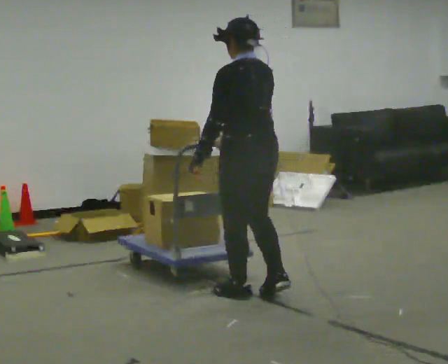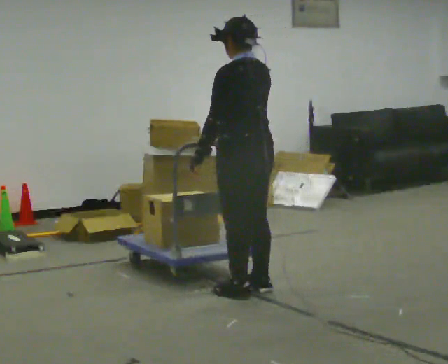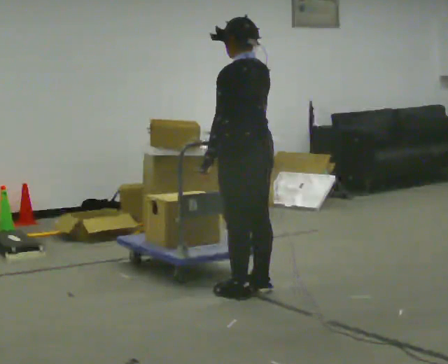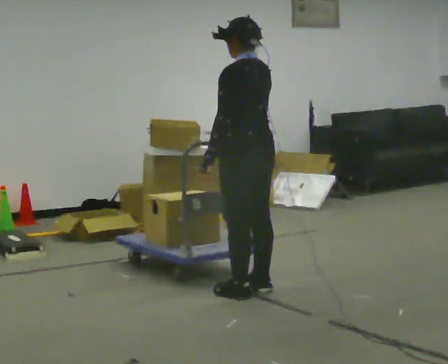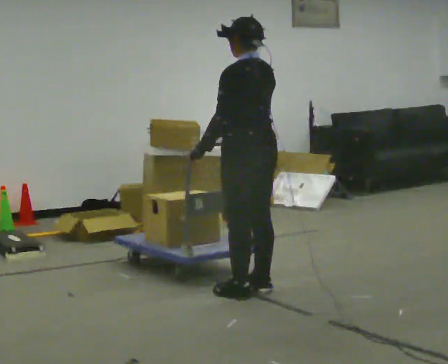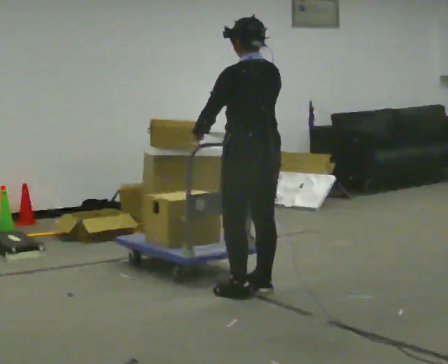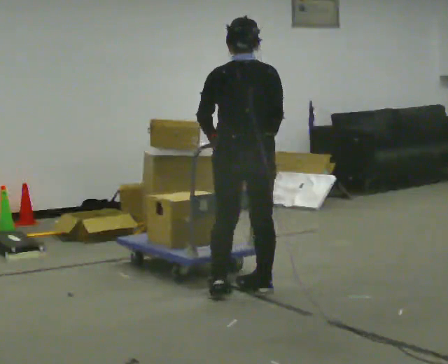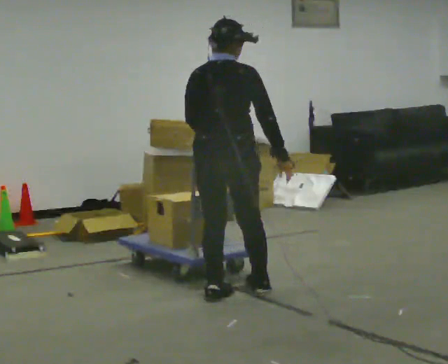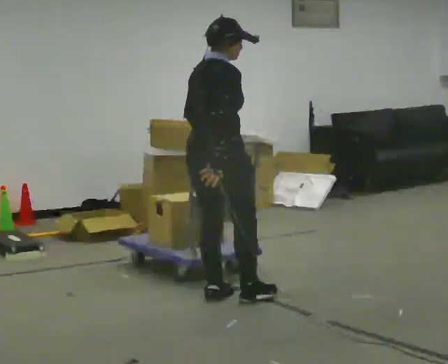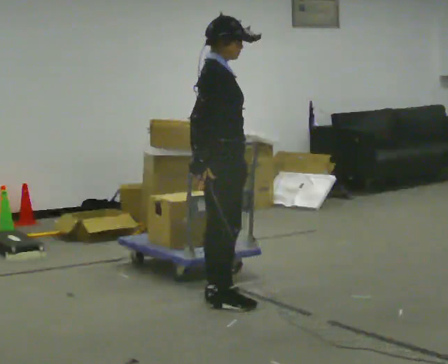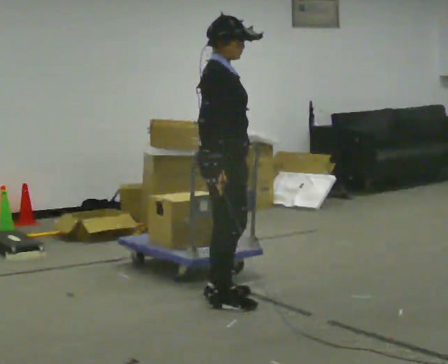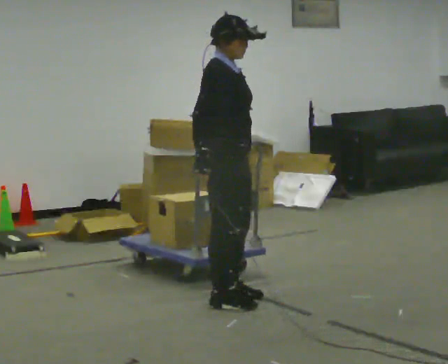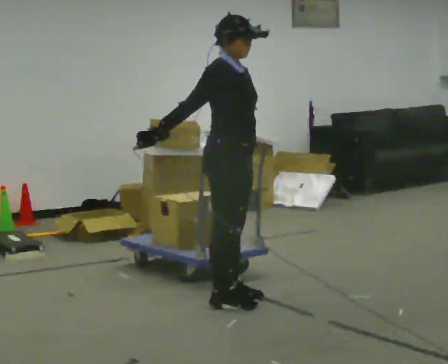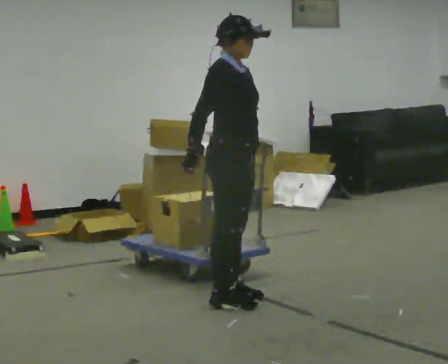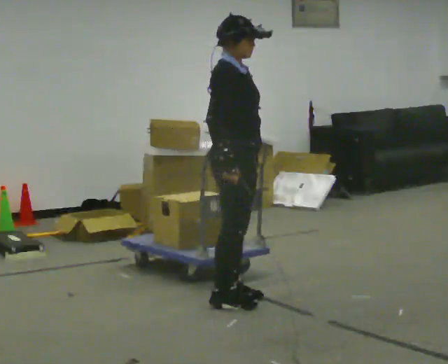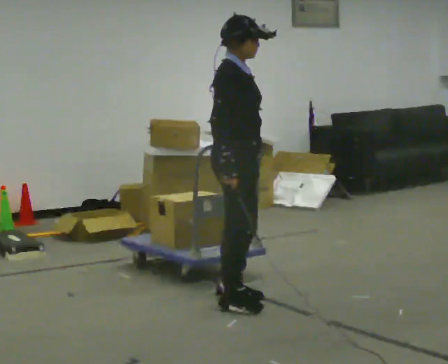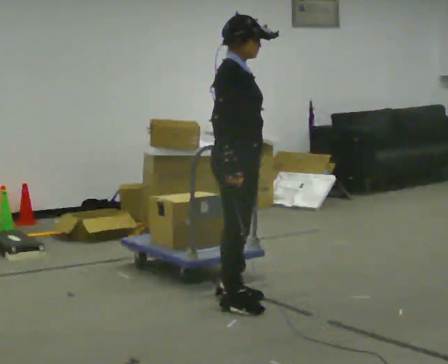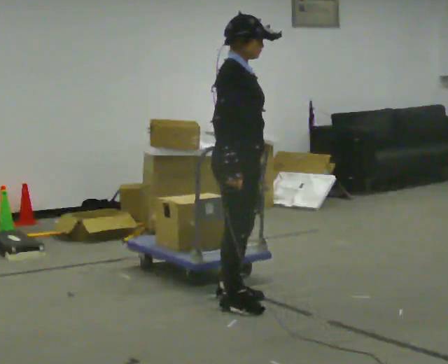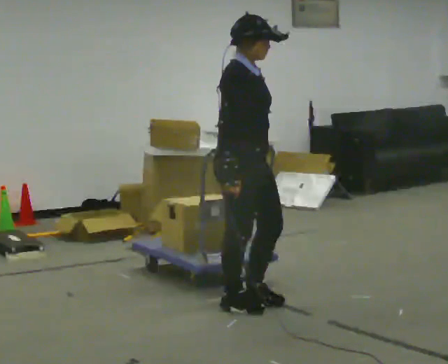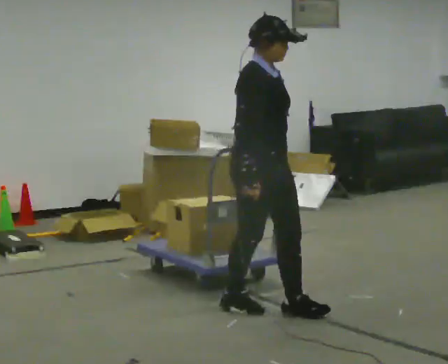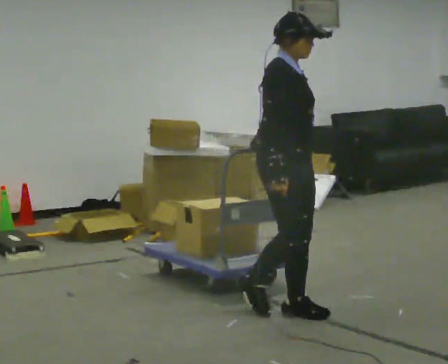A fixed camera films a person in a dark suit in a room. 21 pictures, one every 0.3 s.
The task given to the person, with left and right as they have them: Push the cart across the room using only the hand the operator calls. Keep your other arm at your side.
0.0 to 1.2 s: The person moves a little, or ends about where they began.
1.2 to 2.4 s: The person turns about 90 degrees to their right, clockwise seen from above, so the part of the body nearest the lens slides to the left. In the picture they go to the left, about 0.25 m in 1 step.
2.4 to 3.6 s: Seen from above the body turns clockwise, about 60 degrees: to their right, with its near side sliding to the left. In the picture their right hand goes to the left, the arm swinging clockwise.
3.6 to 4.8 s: In the picture their right hand goes to the right, the arm swinging counterclockwise.
4.8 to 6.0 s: In the picture they go to the right and toward the camera, about 0.25 m in 1 step, which for them is forward.
The film runs forward here.
